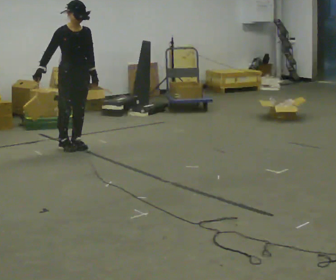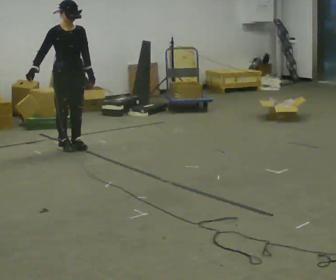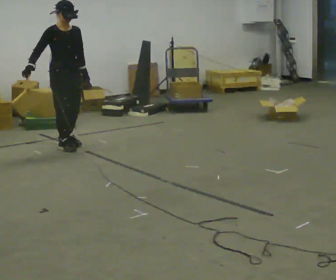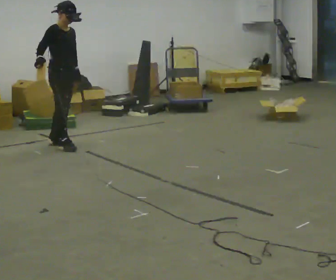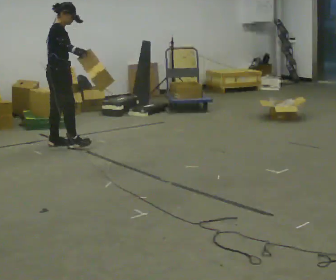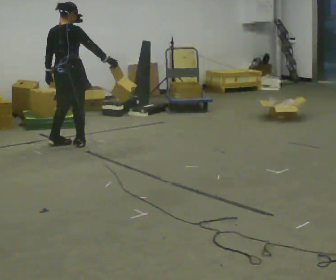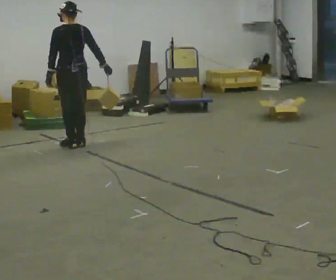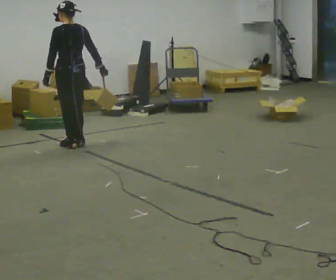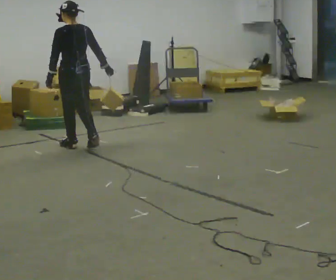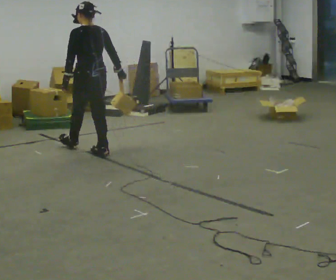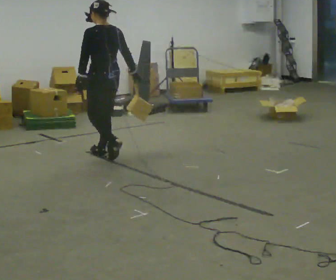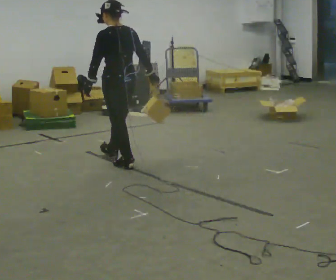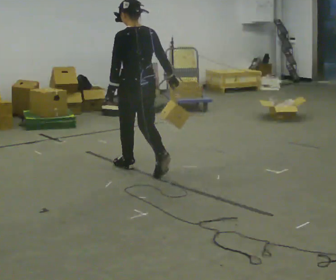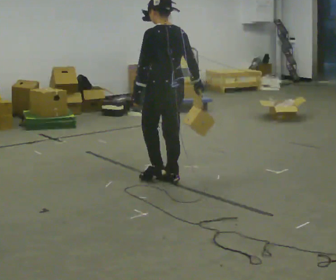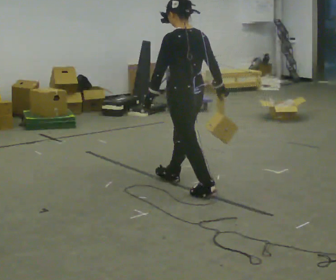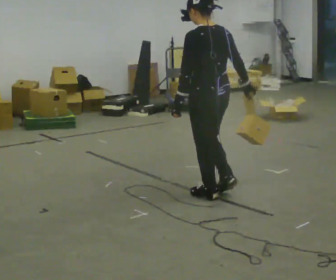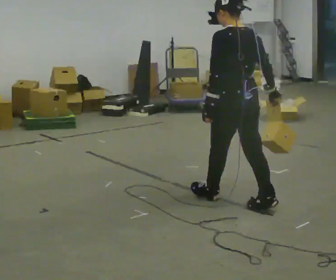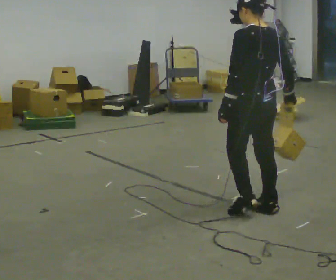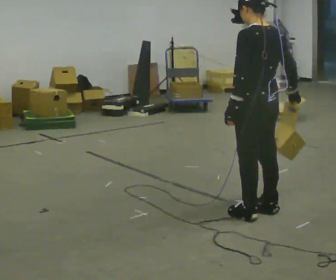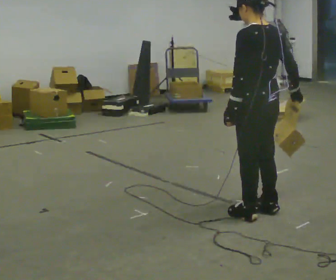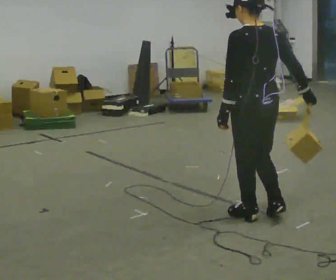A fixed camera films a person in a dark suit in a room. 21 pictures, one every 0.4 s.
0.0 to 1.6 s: Seen from above the body turns counterclockwise, about 60 degrees: to their left, with its near side sliding to the right. In the picture they go to the left and away from the camera, about 0.25 m in 2 steps. In the picture their right hand goes to the right.
1.6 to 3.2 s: The person turns about 105 degrees to their left, counterclockwise seen from above, so the part of the body nearest the lens slides to the right. In the picture they go to the right, about 0.25 m in 2 steps. In the picture their right hand goes to the right.
3.2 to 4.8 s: In the picture they go toward the camera and to the right, about 1 m in 2 steps, which for them is backward.
4.8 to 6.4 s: In the picture they go toward the camera and to the right, about 1 m in 2 steps, which for them is backward.
6.4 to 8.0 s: In the picture they go toward the camera, about 0.25 m in 2 steps, which for them is backward.
The film runs backward here.
